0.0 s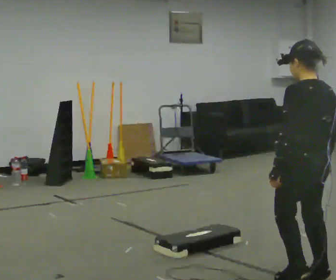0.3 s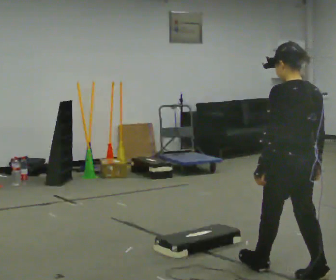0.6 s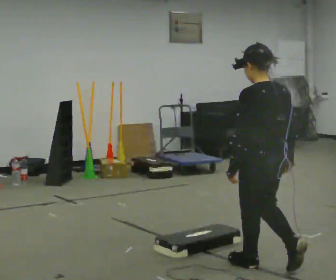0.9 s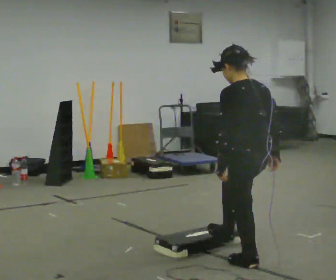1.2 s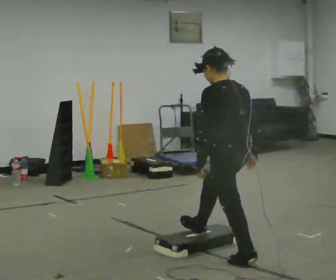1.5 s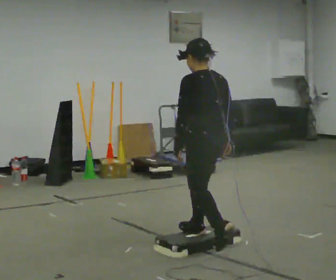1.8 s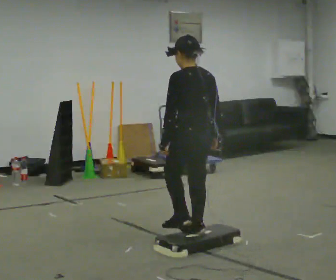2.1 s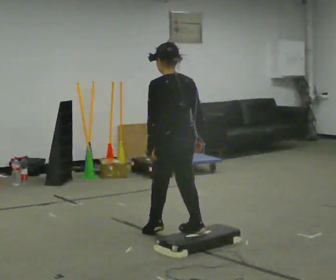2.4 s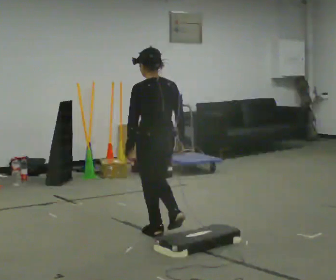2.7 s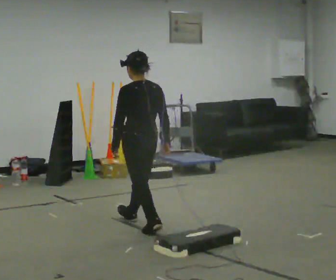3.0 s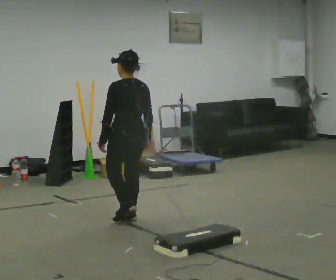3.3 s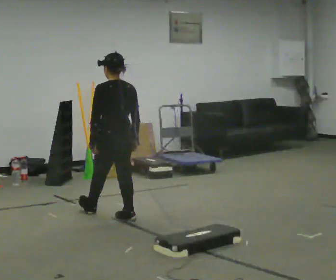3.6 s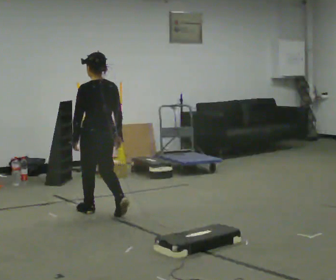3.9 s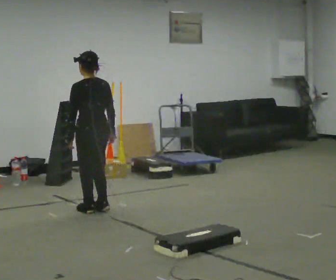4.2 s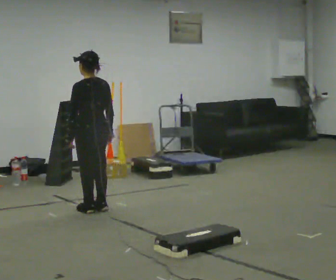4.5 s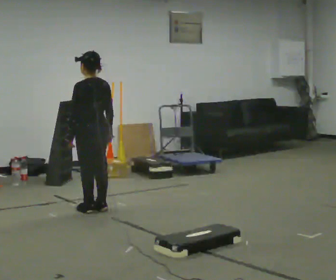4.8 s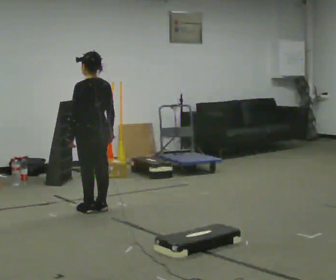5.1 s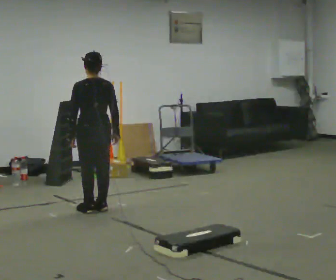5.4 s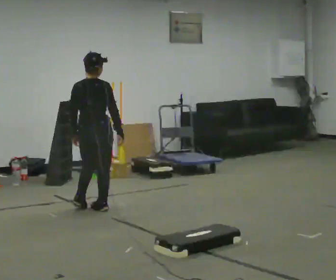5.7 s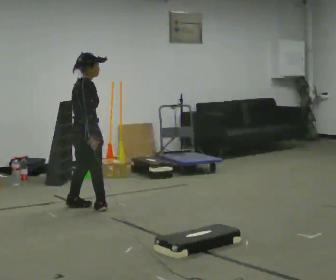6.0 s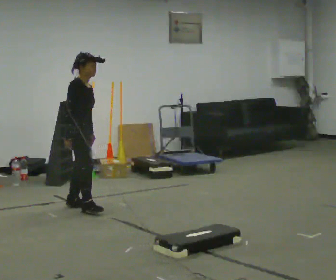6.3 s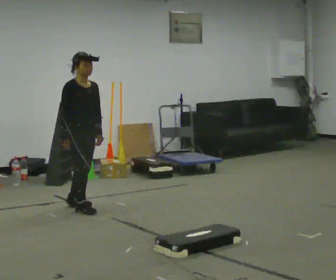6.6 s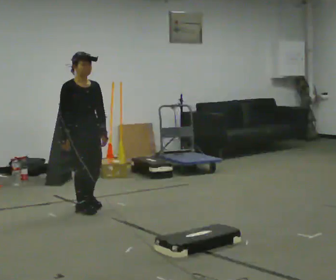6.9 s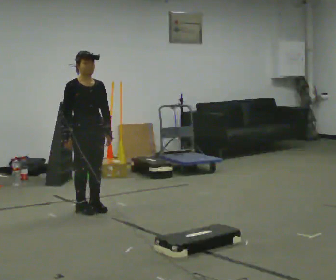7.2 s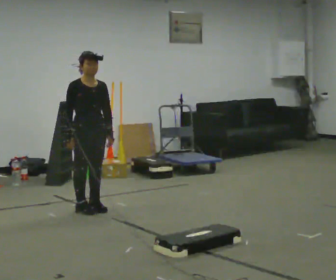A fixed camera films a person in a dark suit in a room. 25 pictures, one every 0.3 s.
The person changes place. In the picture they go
away from the camera.
The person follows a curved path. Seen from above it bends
counterclockwise.
0.0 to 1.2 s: In the picture they go away from the camera and to the left, about 0.75 m in 2 steps, which for them is forward.
1.2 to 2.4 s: In the picture they go away from the camera and to the left, about 1 m in 1 step, which for them is forward.
2.4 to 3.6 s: In the picture they go away from the camera and to the left, about 1 m in 2 steps, which for them is forward.
3.6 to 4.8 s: In the picture they go away from the camera, about 0.25 m in 1 step, which for them is forward.
4.8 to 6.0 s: The person turns about 150 degrees to their right, clockwise seen from above, so the part of the body nearest the lens slides to the left. In the picture their right hand goes to the left.
6.0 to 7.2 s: Seen from above the body turns clockwise, about 45 degrees: to their right, with its near side sliding to the left.
The film runs forward here.
